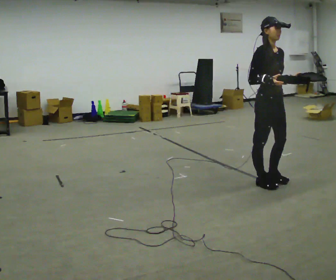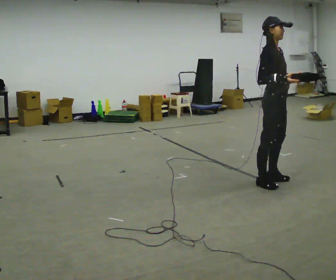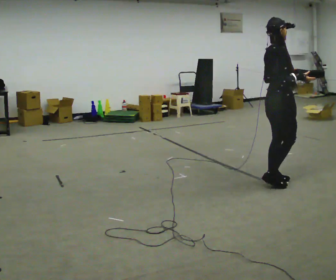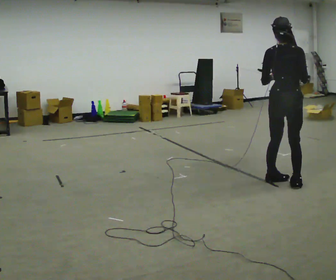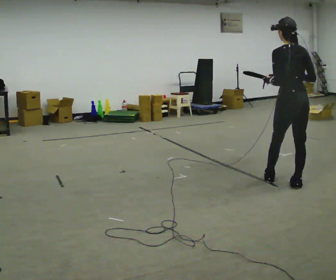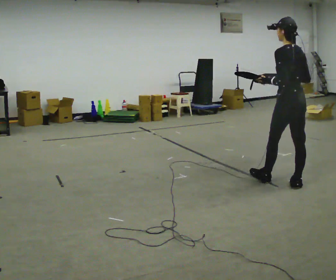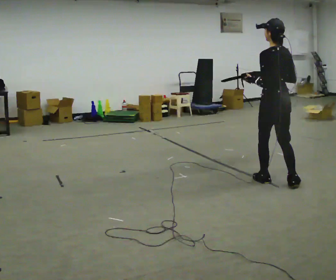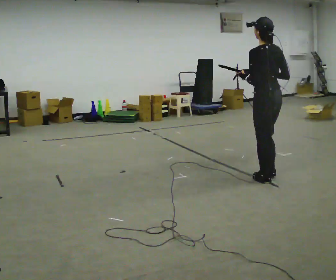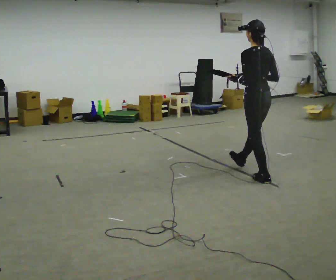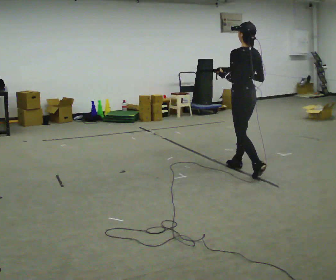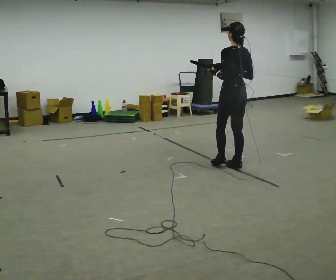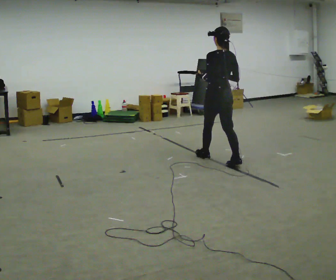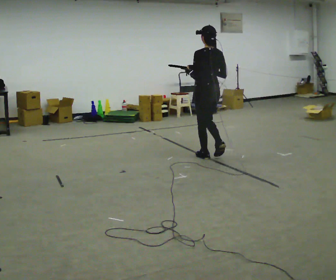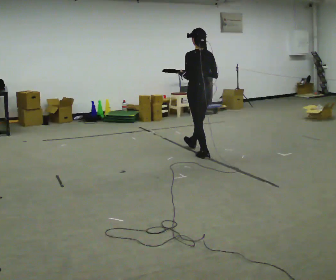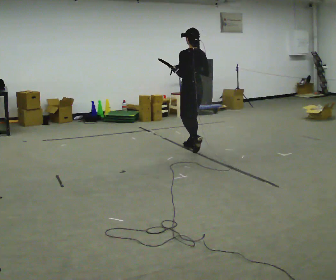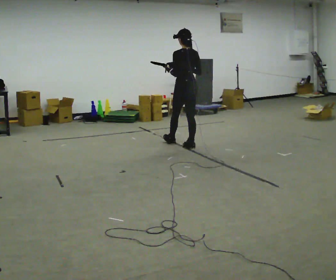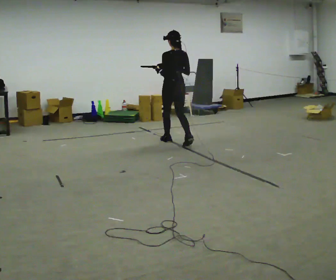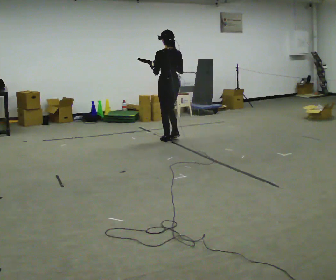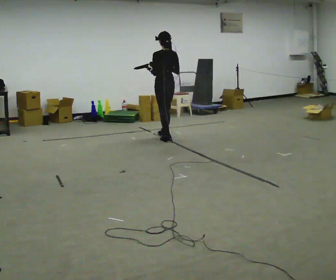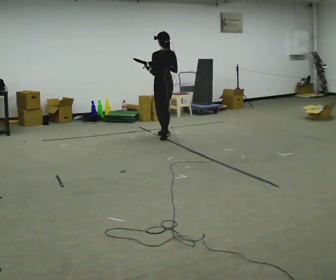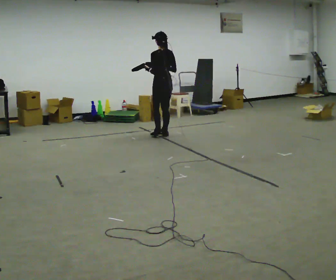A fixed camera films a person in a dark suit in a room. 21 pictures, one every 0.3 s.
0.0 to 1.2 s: Seen from above the body turns counterclockwise, about 150 degrees: to their left, with its near side sliding to the right. In the picture they go to the right, about 0.25 m in 1 step. In the picture their right hand goes to the right.
1.2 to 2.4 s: In the picture they go to the left and away from the camera, about 0.5 m, which for them is forward.
2.4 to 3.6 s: In the picture they go away from the camera and to the left, about 1 m in 2 steps, which for them is forward.
3.6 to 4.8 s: In the picture they go away from the camera and to the left, about 1 m in 2 steps, which for them is forward.
4.8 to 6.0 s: In the picture they go away from the camera and to the left, about 0.5 m in 1 step, which for them is forward.
The film runs forward here.
